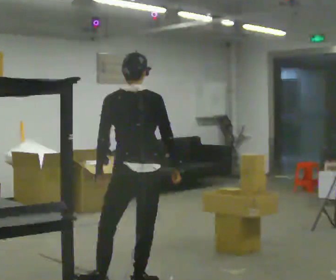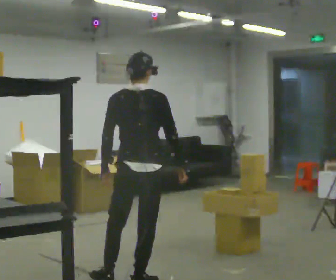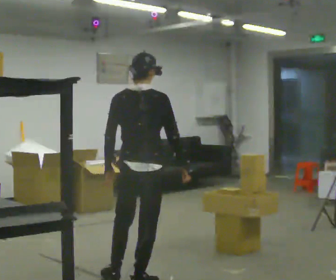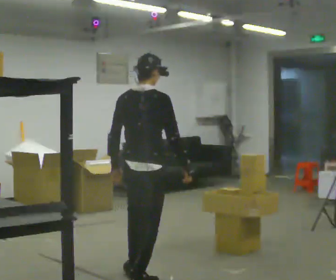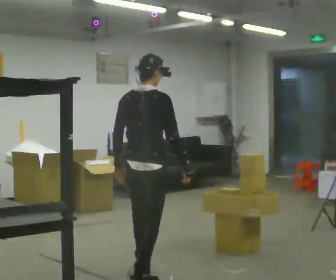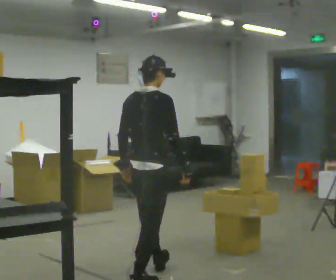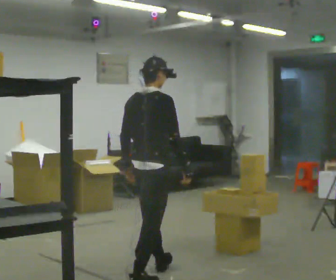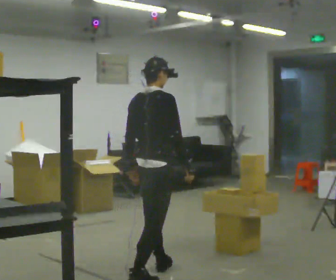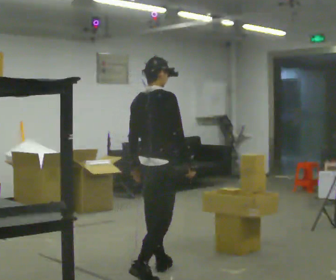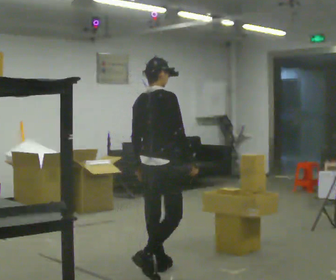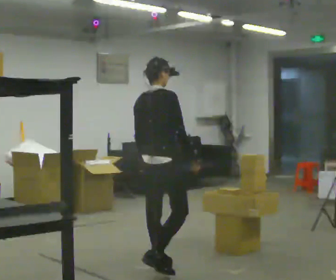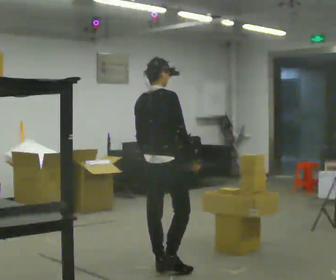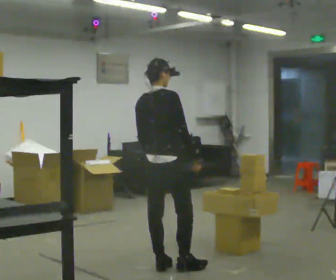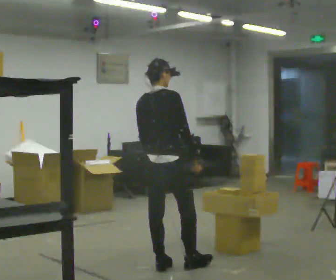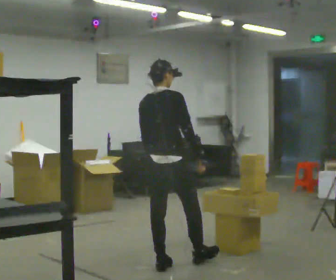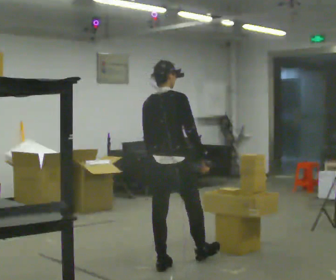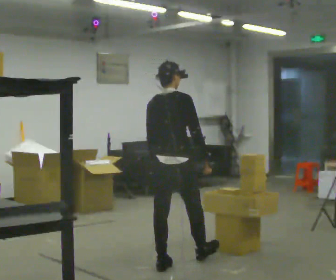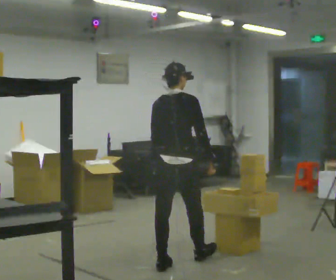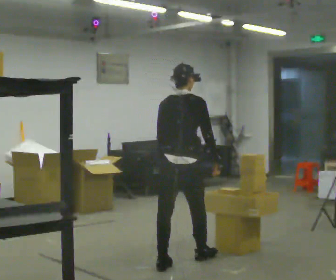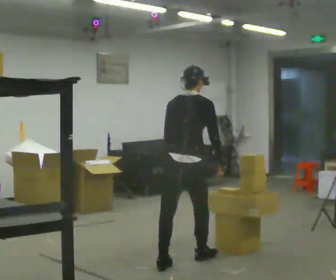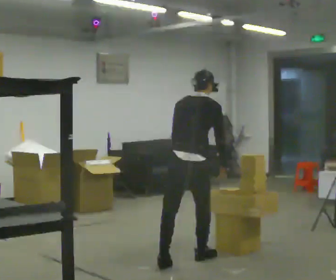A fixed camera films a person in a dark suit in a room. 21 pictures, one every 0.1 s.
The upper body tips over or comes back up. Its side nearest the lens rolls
upward.
0.0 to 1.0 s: The person turns about 45 degrees to their right, clockwise seen from above, so the part of the body nearest the lens slides to the left. In the picture they go away from the camera, about 0.5 m in 1 step, which for them is forward.
1.0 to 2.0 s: In the picture they go to the right and away from the camera, about 0.25 m in 1 step, which for them is forward and to their right. In the picture the upper body tilts clockwise, shoulders to the right, as they bend forward.
The film runs forward here.
